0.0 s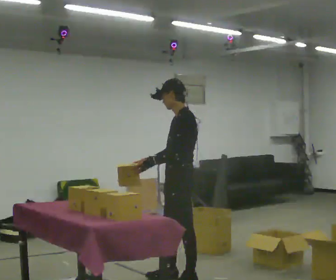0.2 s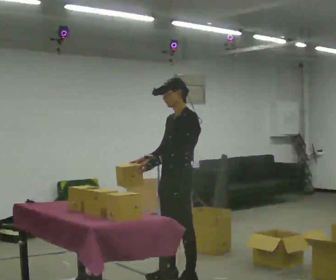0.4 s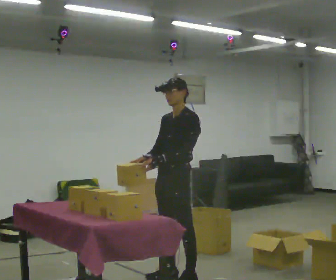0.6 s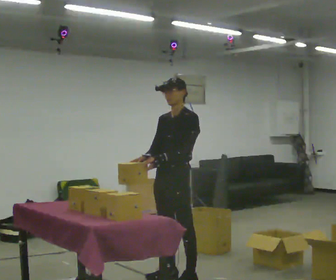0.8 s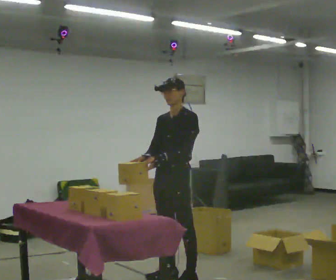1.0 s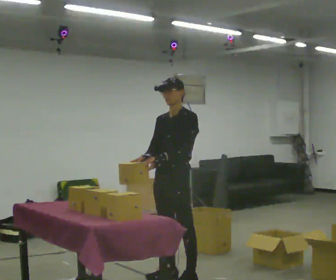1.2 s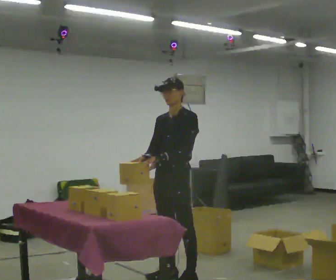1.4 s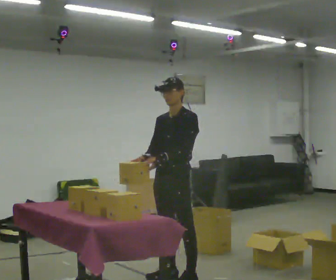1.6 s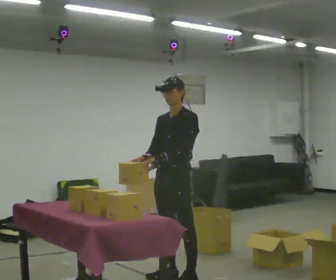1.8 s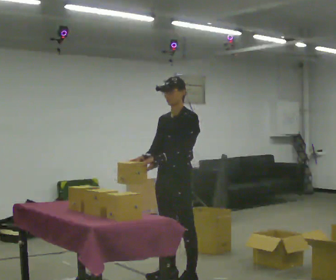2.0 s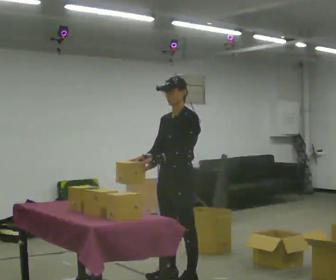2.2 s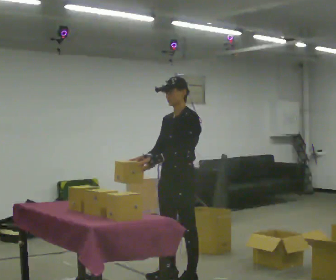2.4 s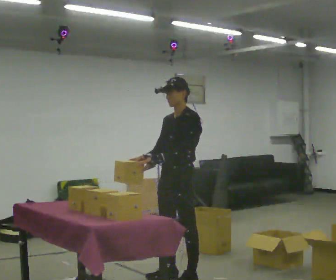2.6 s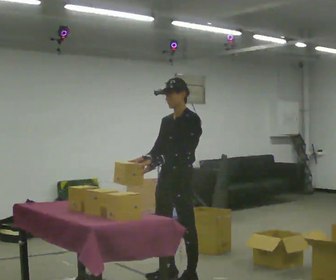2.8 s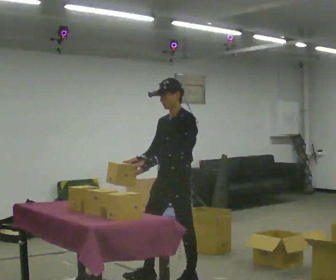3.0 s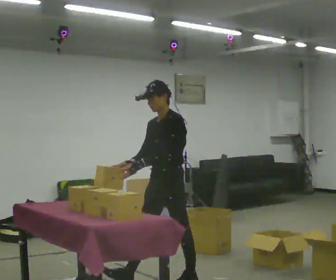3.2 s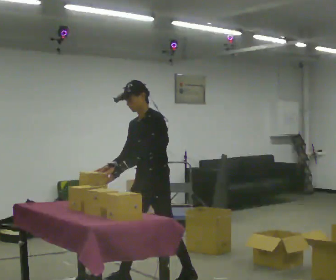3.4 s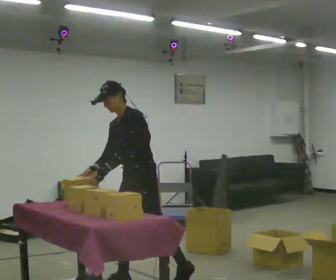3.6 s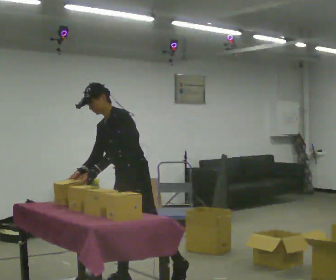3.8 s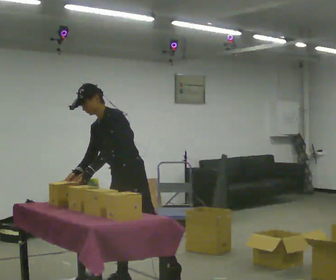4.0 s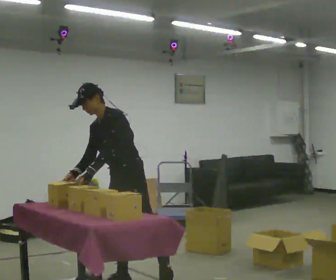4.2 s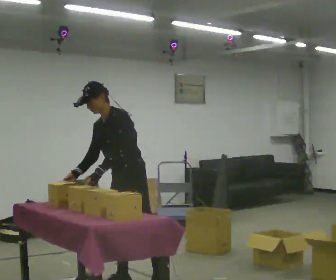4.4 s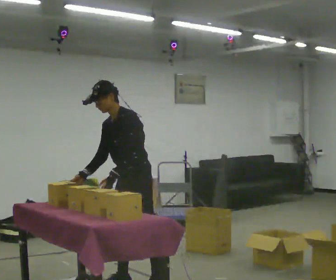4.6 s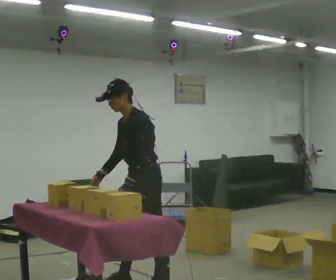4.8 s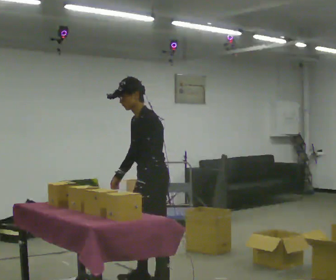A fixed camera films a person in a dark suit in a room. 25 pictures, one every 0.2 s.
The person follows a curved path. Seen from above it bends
counterclockwise.
0.0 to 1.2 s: The part of the body nearest the lens slides to the right as the person turns to their left by about 45 degrees.
1.2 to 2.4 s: The person moves a little, or ends about where they began.
2.4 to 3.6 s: In the picture they go to the left, about 0.25 m in 1 step, which for them is forward and to their right. In the picture the upper body tilts counterclockwise, shoulders to the left, as they bend forward.
3.6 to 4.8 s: In the picture they go to the right, about 0.25 m in 2 steps, which for them is to their left.
The film runs backward here.
